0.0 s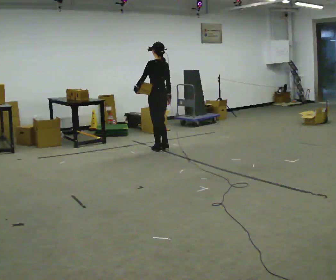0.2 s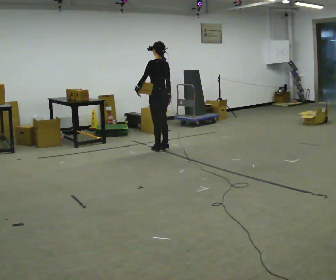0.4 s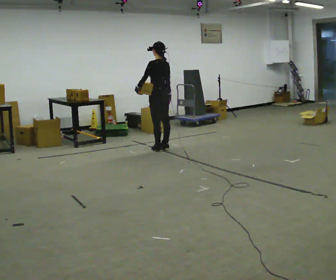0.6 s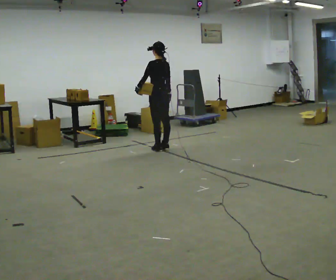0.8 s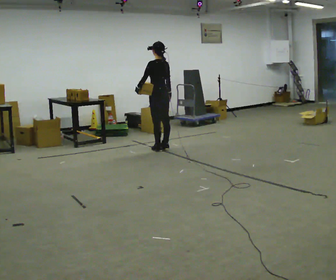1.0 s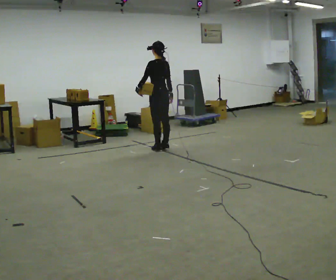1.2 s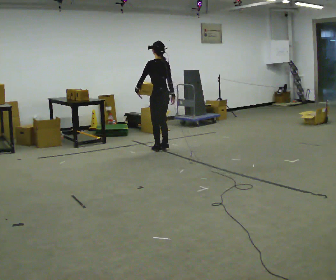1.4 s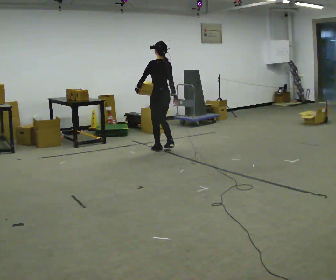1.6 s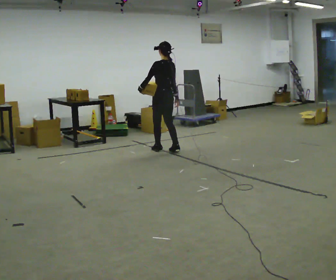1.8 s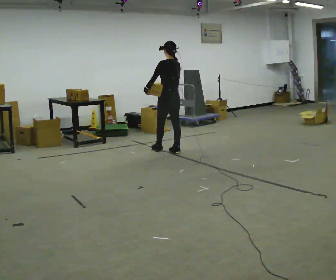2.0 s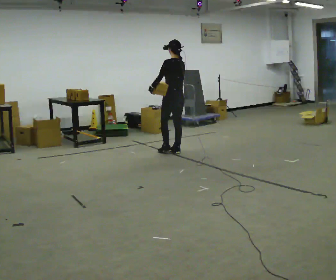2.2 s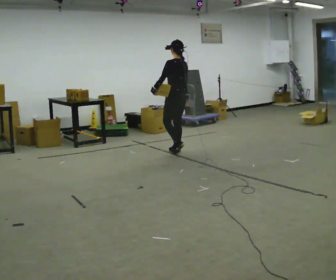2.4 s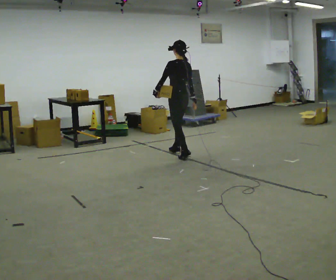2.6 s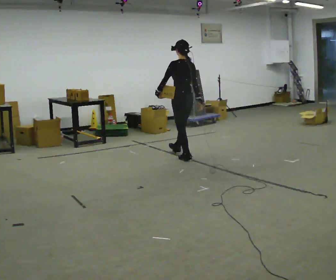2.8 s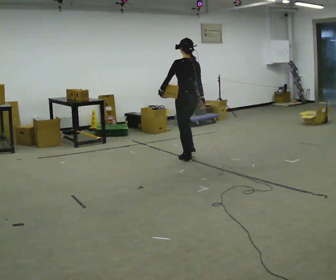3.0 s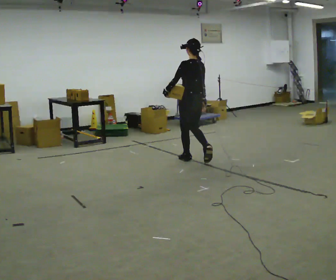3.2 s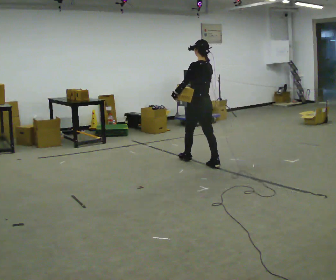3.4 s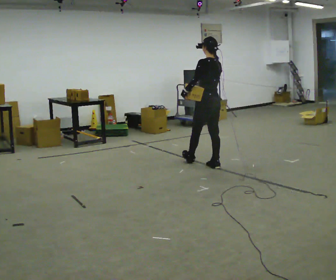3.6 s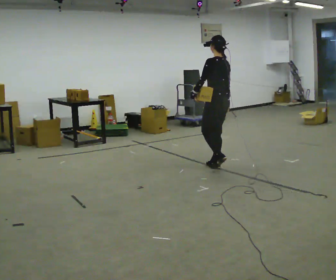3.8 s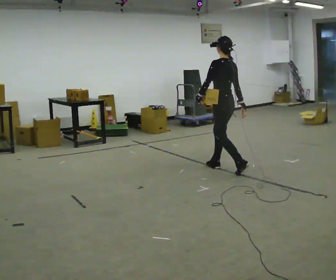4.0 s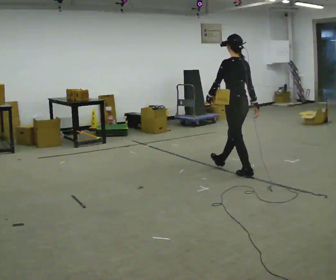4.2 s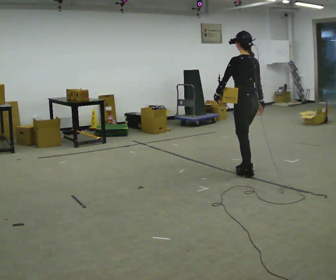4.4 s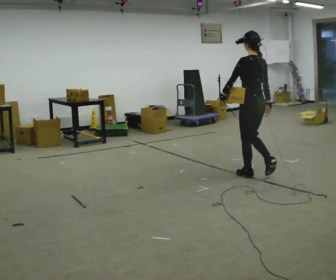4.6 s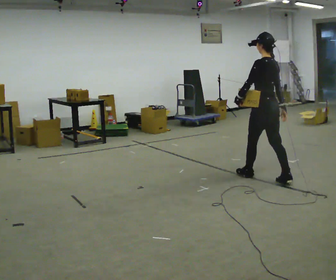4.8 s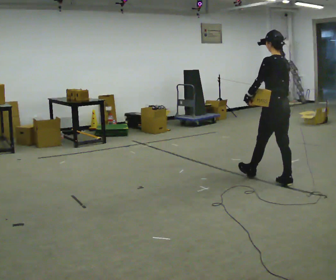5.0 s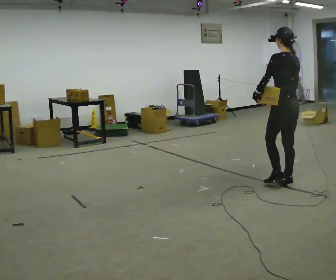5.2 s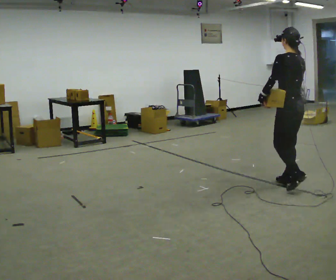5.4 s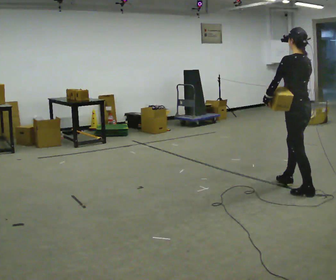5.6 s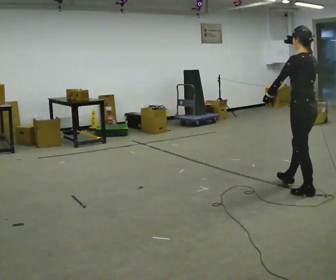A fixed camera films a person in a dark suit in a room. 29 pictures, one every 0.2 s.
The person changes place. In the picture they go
toward the camera.
0.0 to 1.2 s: The person moves a little, or ends about where they began.
1.2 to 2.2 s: In the picture they go toward the camera and to the right, about 0.25 m in 2 steps, which for them is backward.
2.2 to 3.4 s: In the picture they go toward the camera and to the right, about 1 m in 2 steps, which for them is backward.
3.4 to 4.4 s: In the picture they go toward the camera and to the right, about 0.5 m in 1 step, which for them is backward.
4.4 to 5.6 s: In the picture they go toward the camera and to the right, about 0.5 m in 1 step, which for them is backward.
The film runs backward here.
